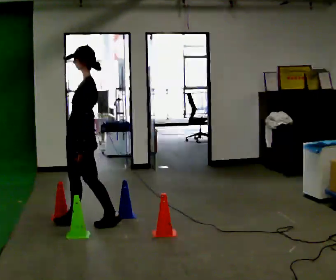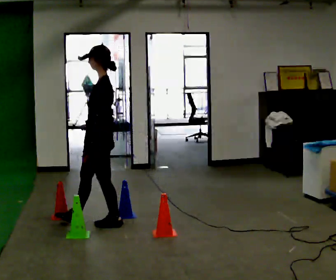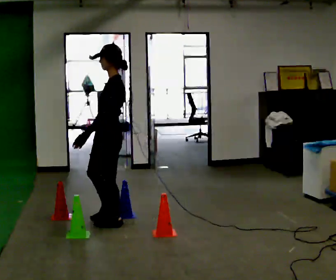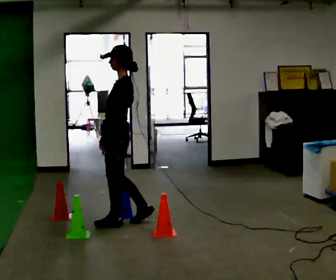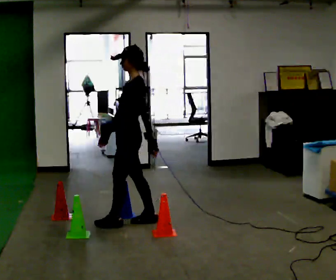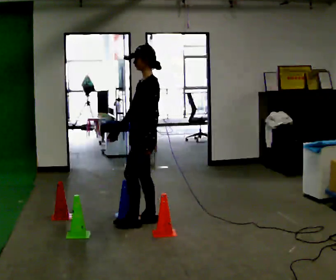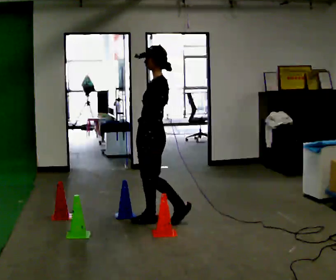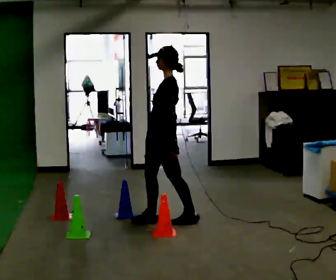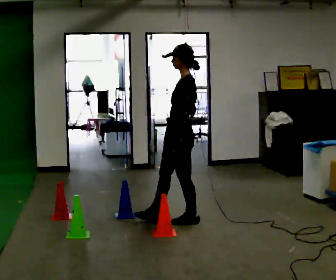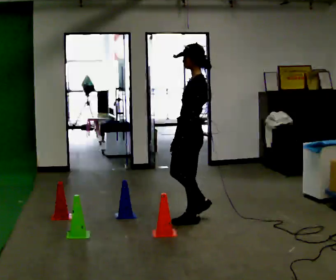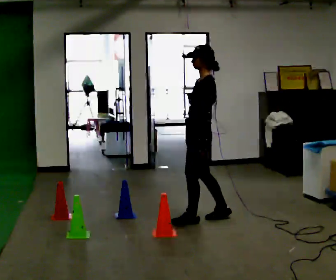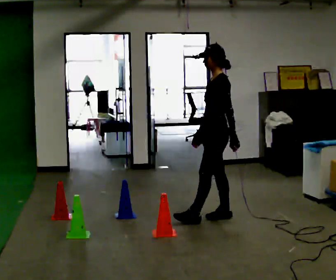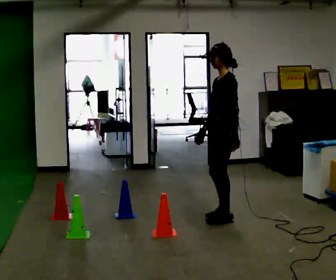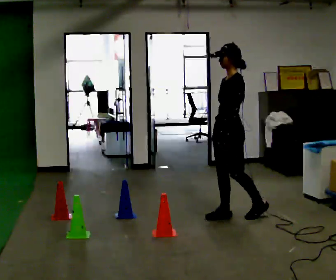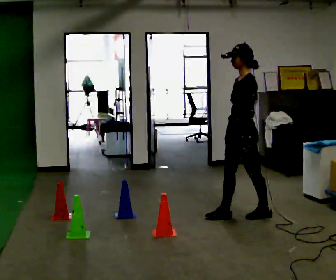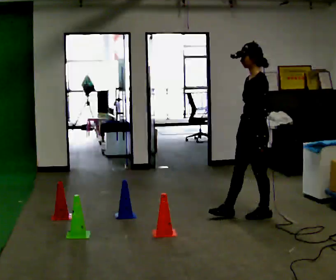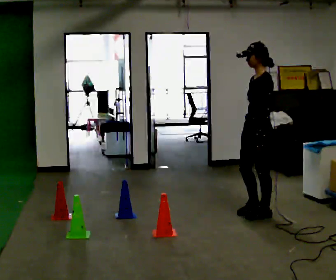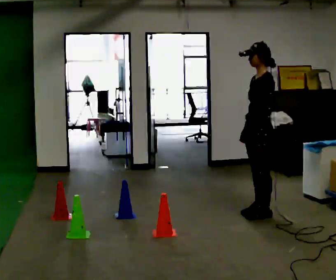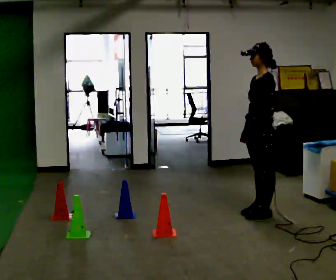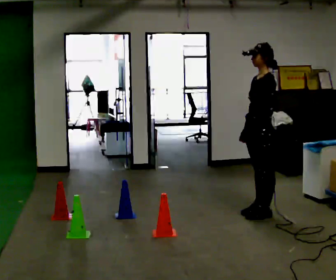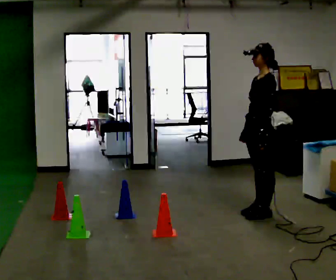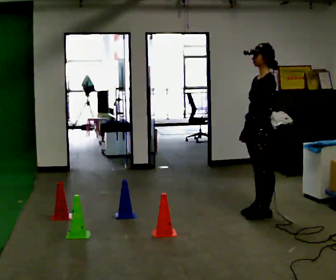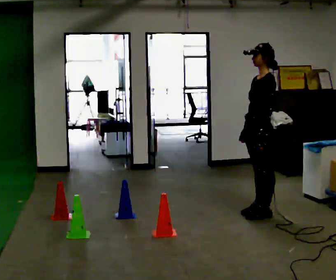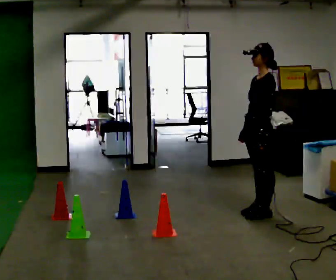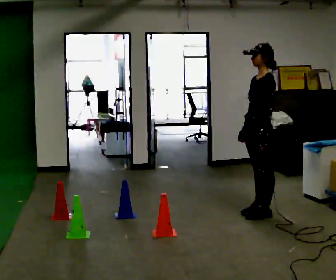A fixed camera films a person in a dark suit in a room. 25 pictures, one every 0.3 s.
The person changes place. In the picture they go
to the right.
0.0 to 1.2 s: In the picture they go to the right, about 0.5 m in 1 step, which for them is backward.
1.2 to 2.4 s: In the picture they go to the right, about 0.5 m in 2 steps, which for them is backward.
2.4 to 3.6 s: In the picture they go to the right and away from the camera, about 0.5 m in 1 step, which for them is backward.
3.6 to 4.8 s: In the picture they go to the right, about 0.25 m in 1 step, which for them is backward.
4.8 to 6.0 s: The person moves a little, or ends about where they began.
6.0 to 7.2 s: The person keeps their place and pose.
The film runs backward here.
